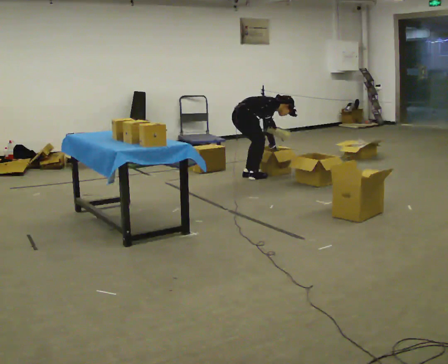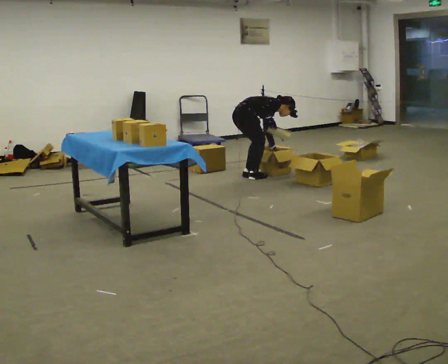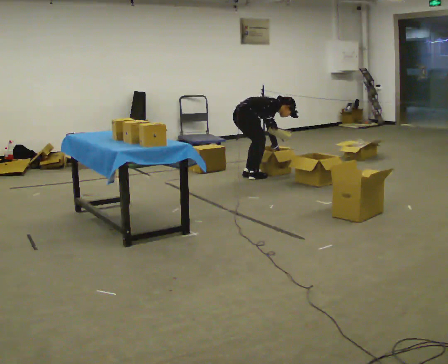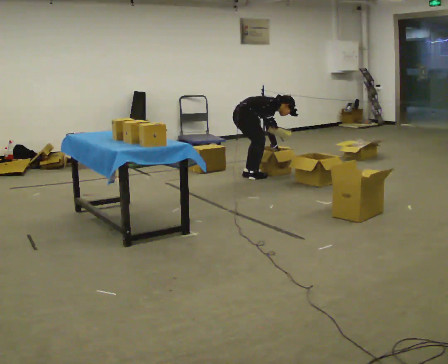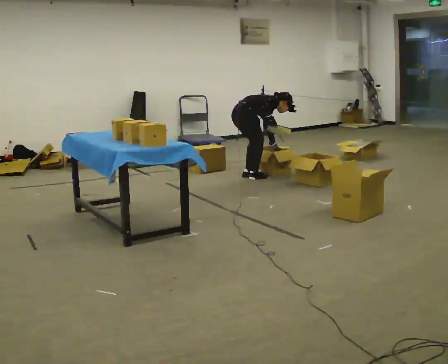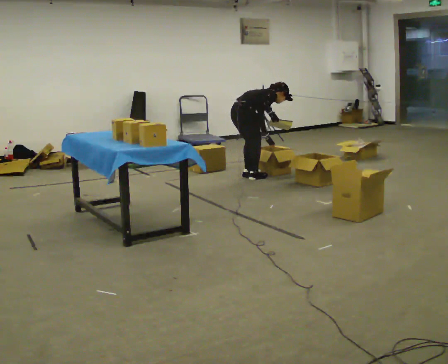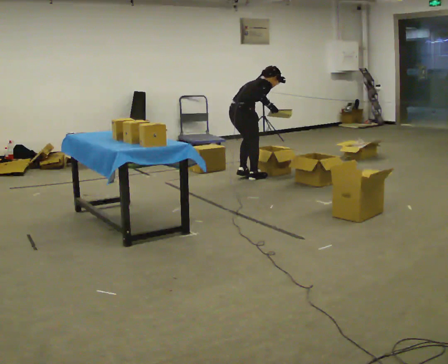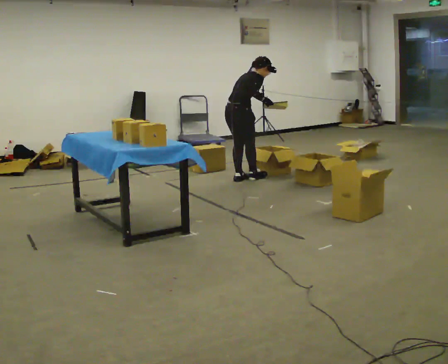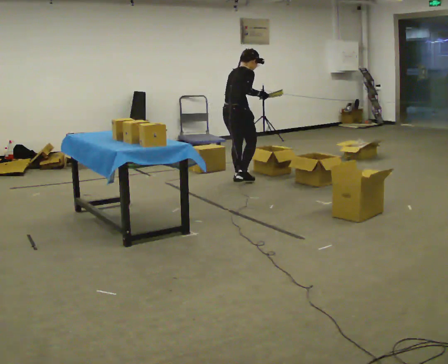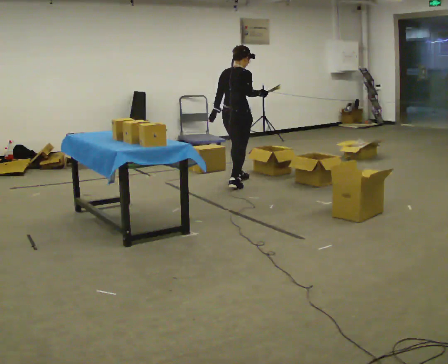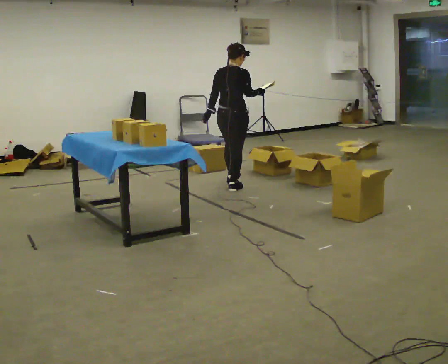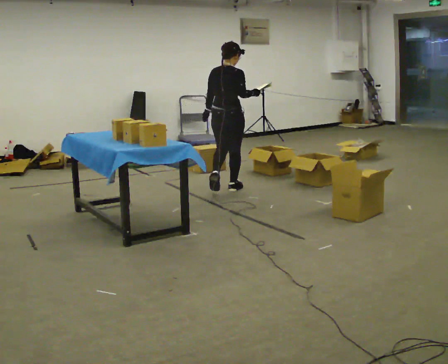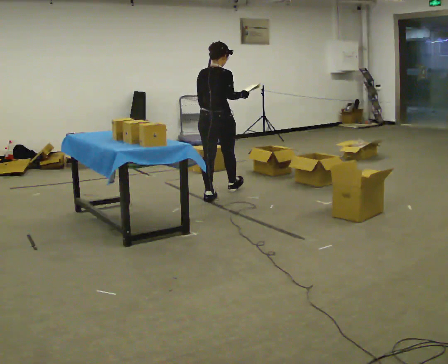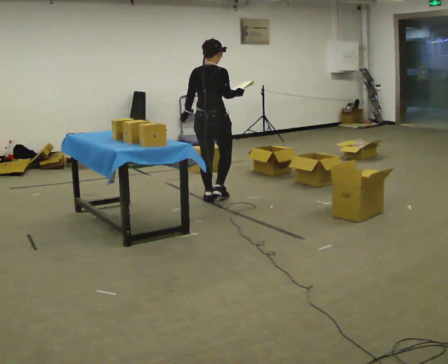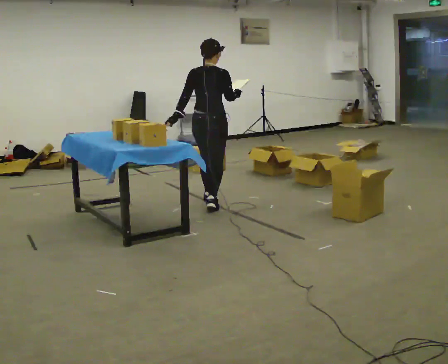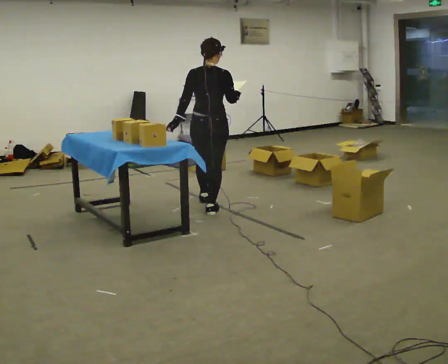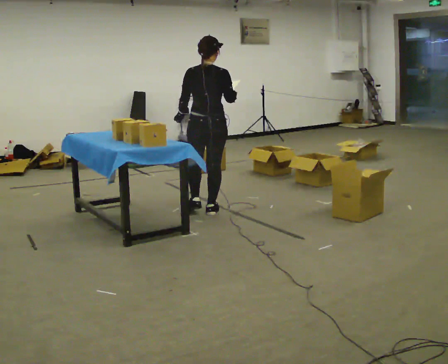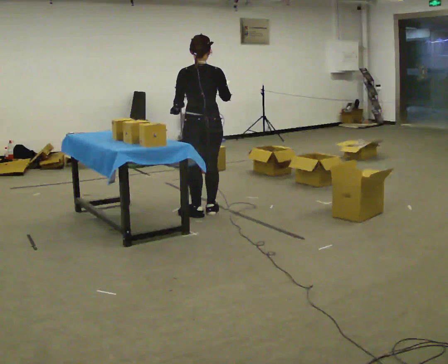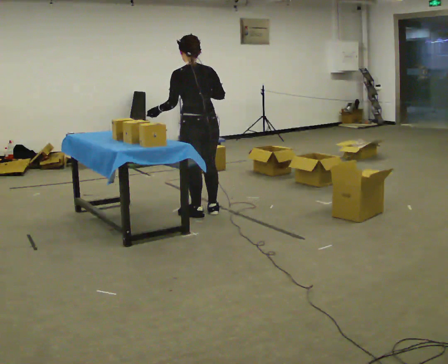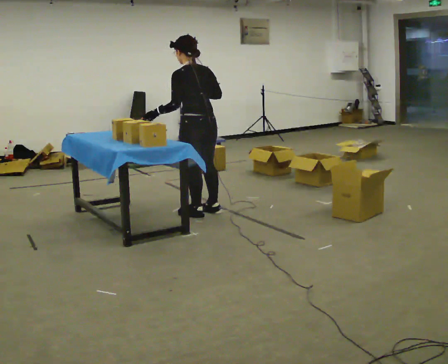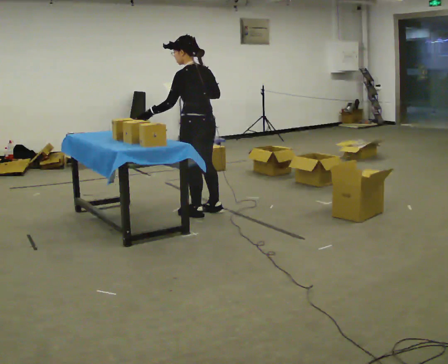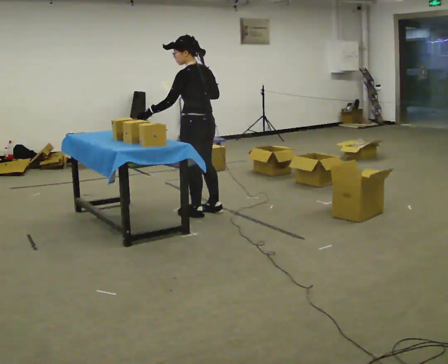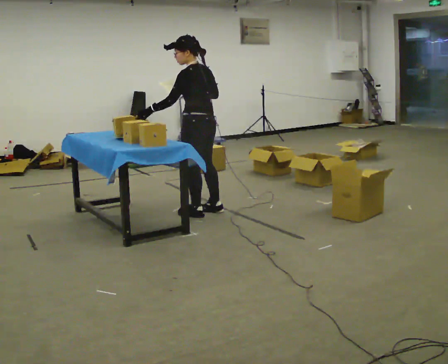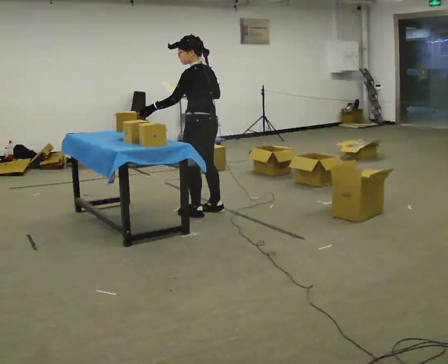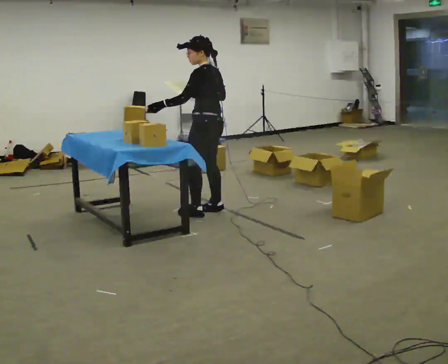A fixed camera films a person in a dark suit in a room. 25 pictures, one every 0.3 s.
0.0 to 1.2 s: The person moves a little, or ends about where they began.
1.2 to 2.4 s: In the picture they go toward the camera, about 0.25 m in 2 steps, which for them is backward. The upper body goes upward. In the picture the upper body tilts counterclockwise, shoulders to the left, as they lean back or straighten. In the picture their left hand goes to the left and upward.
2.4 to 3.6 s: The person turns about 30 degrees to their left, counterclockwise seen from above, so the part of the body nearest the lens slides to the right. In the picture they go toward the camera, about 0.75 m in 2 steps, which for them is backward.
3.6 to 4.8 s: In the picture they go toward the camera, about 0.5 m in 1 step, which for them is backward.
4.8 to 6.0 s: The person turns about 45 degrees to their left, counterclockwise seen from above, so the part of the body nearest the lens slides to the right.
6.0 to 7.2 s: The person moves a little, or ends about where they began.
The film runs backward here.
